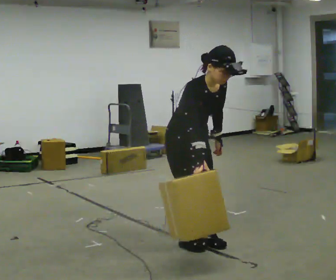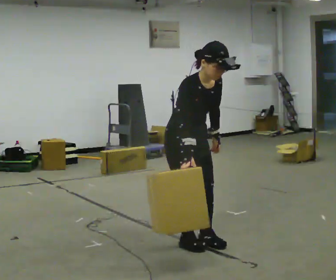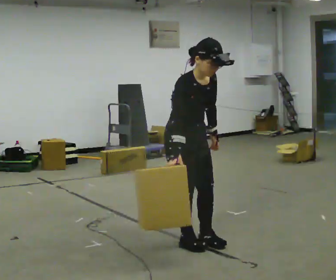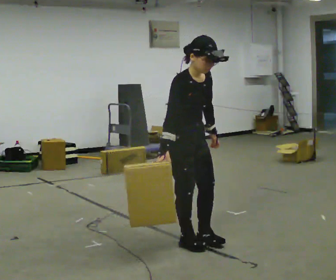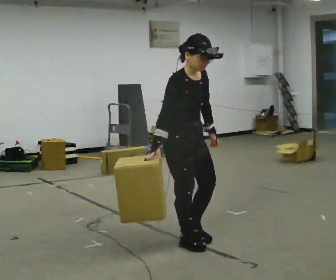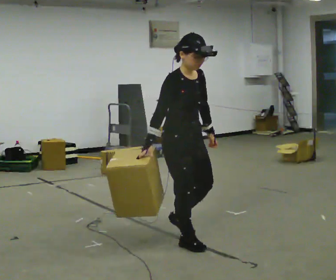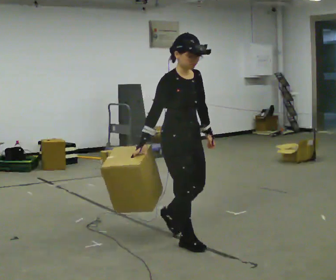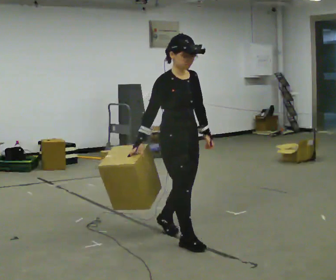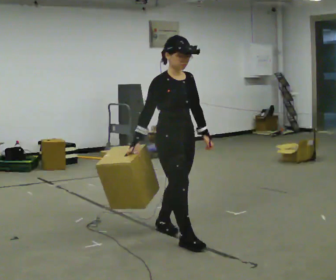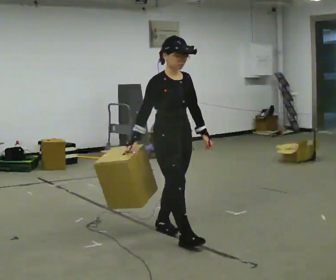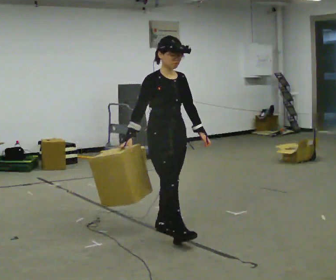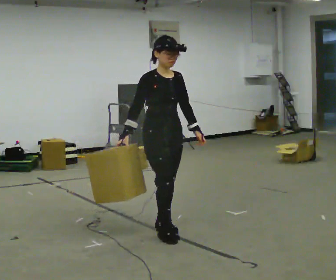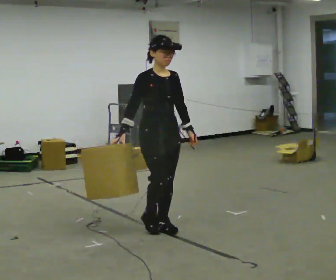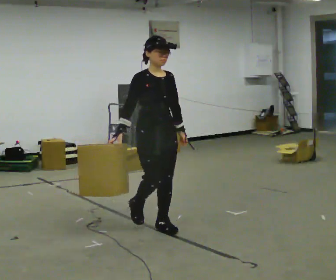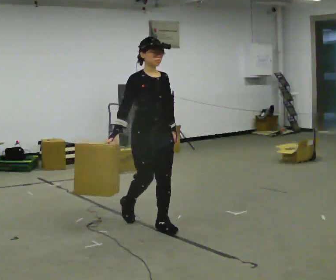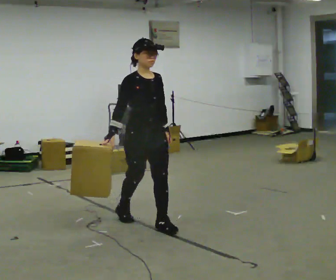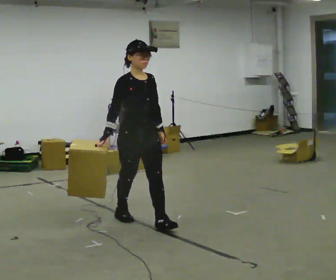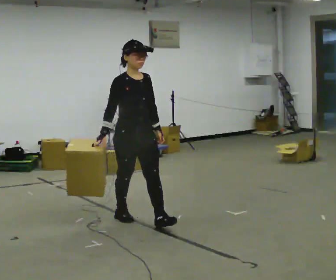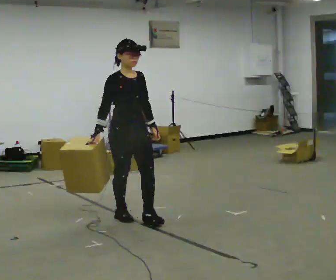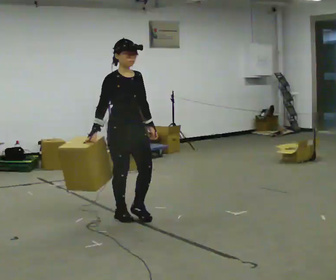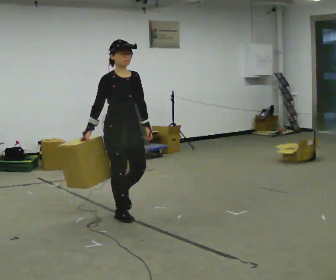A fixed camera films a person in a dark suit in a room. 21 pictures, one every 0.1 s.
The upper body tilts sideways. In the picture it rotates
counterclockwise.
0.0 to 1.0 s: In the picture they go away from the camera and to the left, about 0.25 m in 2 steps, which for them is backward. In the picture the upper body tilts counterclockwise, shoulders to the left, as they lean back or straighten.
1.0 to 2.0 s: In the picture they go to the left and away from the camera, about 0.75 m in 1 step, which for them is backward.
The film runs backward here.
